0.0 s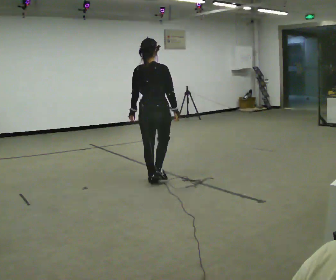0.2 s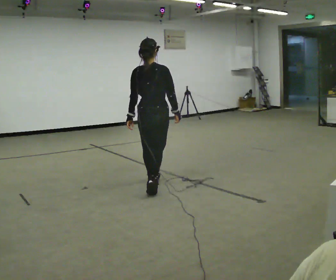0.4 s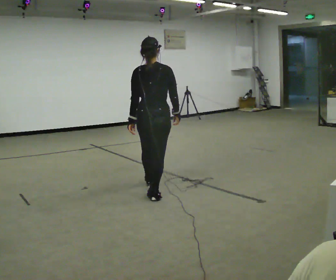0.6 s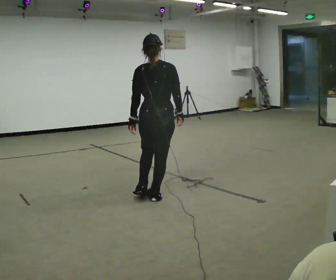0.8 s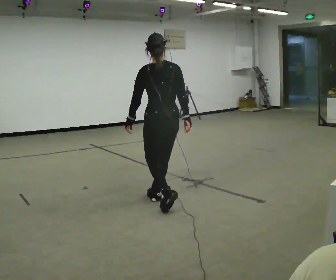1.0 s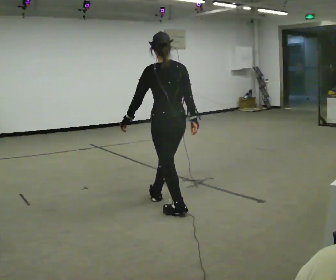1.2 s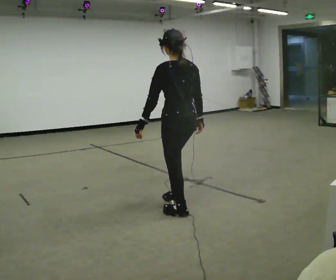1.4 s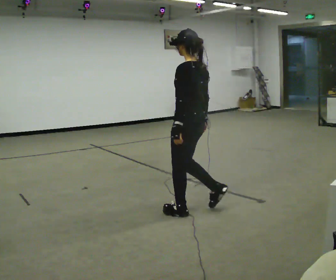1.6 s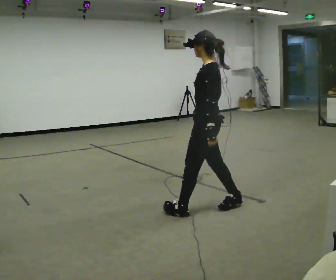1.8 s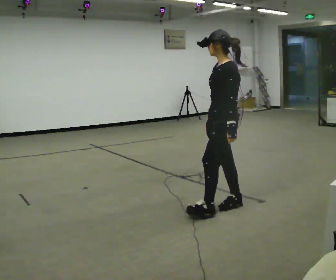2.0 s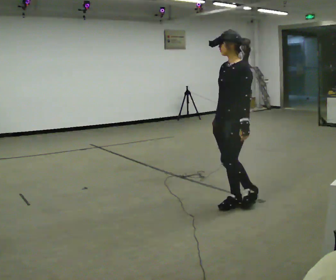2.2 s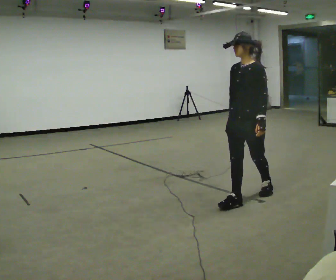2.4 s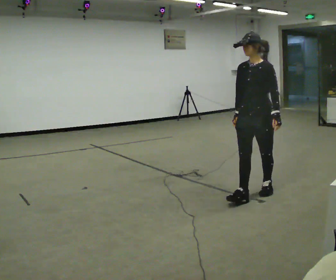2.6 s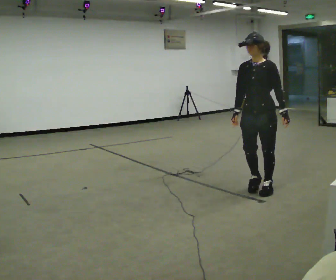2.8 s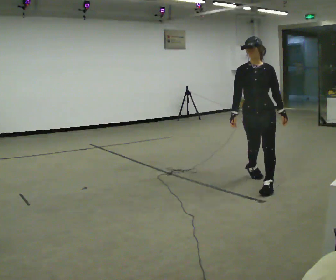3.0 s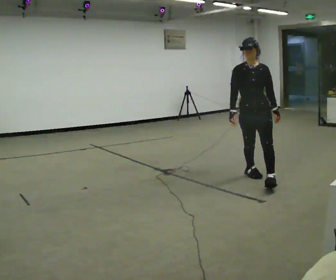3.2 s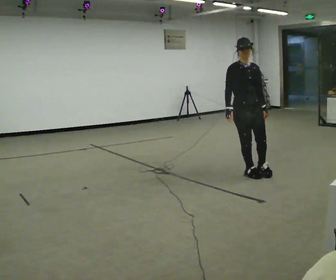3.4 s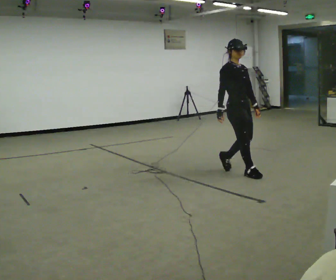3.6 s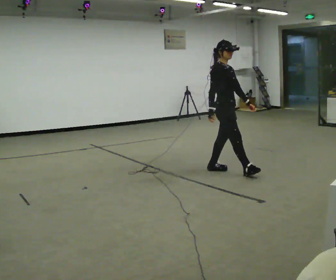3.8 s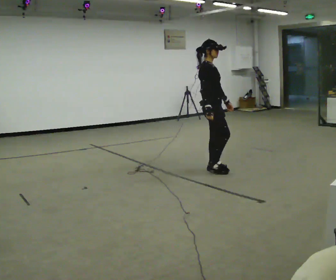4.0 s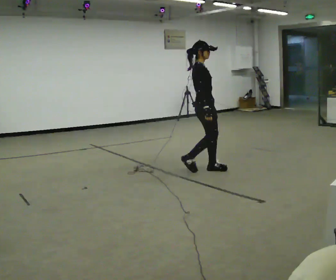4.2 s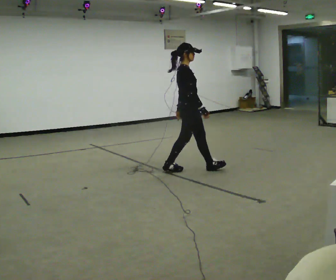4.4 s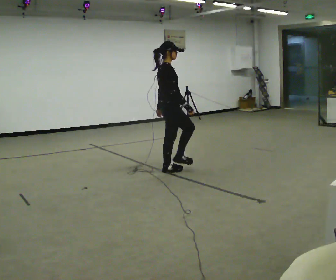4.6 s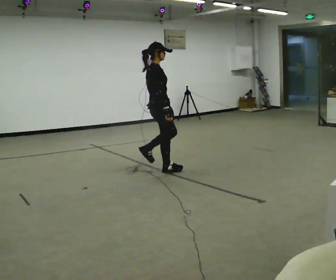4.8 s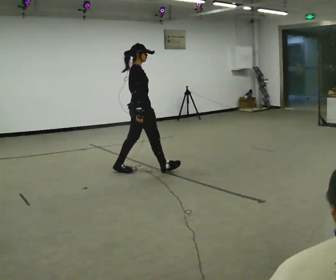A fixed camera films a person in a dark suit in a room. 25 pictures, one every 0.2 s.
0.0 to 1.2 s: The part of the body nearest the lens slides to the right as the person turns to their left by about 60 degrees. In the picture they go toward the camera and to the right, about 1 m in 2 steps, which for them is backward.
1.2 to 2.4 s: Seen from above the body turns counterclockwise, about 105 degrees: to their left, with its near side sliding to the right. In the picture they go to the right and away from the camera, about 1 m in 2 steps.
2.4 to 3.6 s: The person turns about 90 degrees to their left, counterclockwise seen from above, so the part of the body nearest the lens slides to the right. In the picture they go away from the camera and to the left, about 1 m in 1 step.
3.6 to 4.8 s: The part of the body nearest the lens slides to the right as the person turns to their left by about 45 degrees. In the picture they go to the left, about 1 m in 3 steps, which for them is backward.
The film runs backward here.
